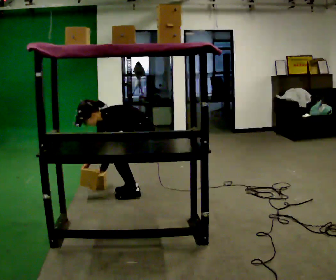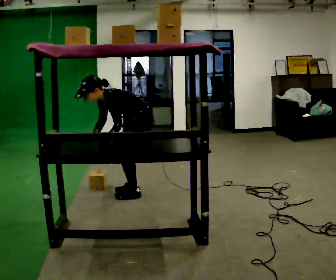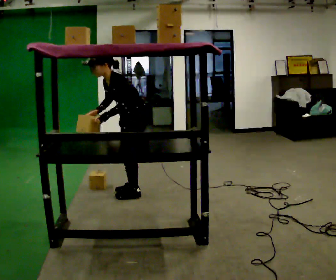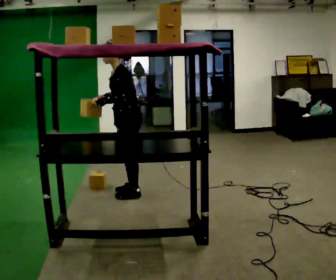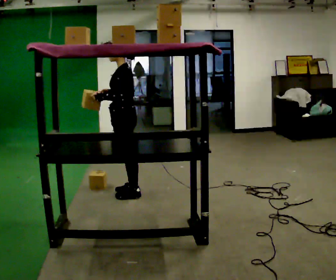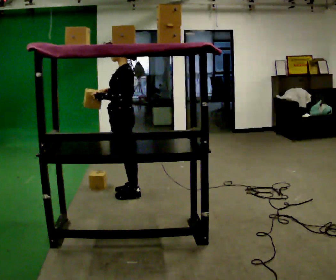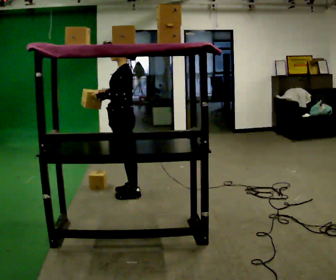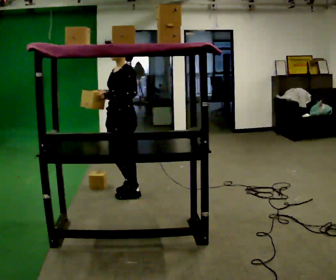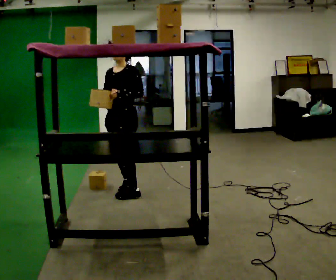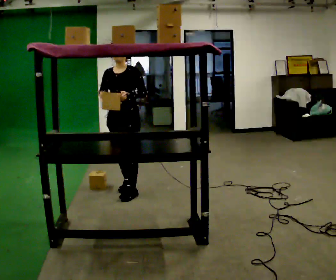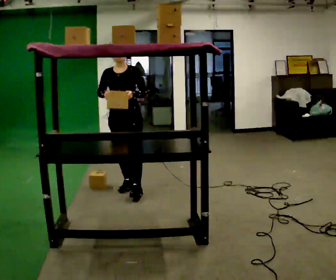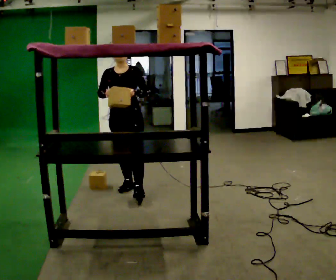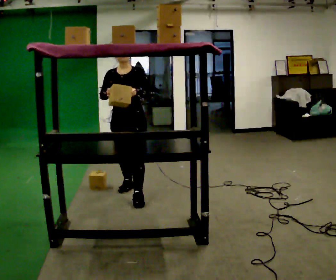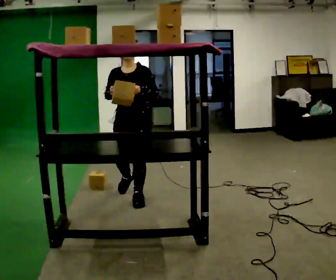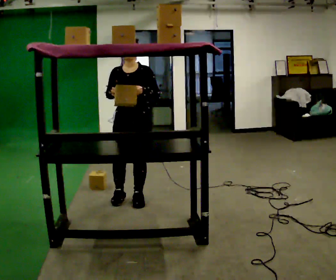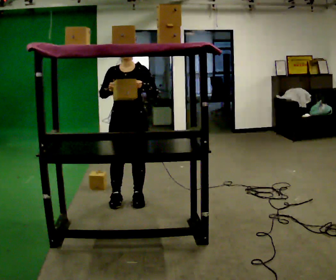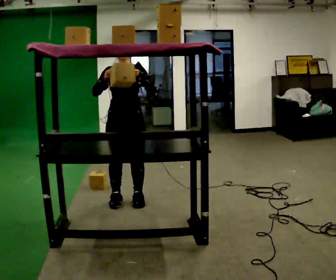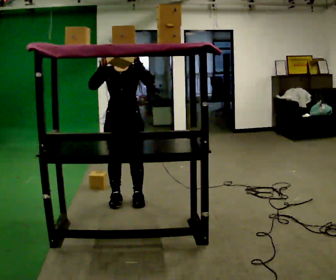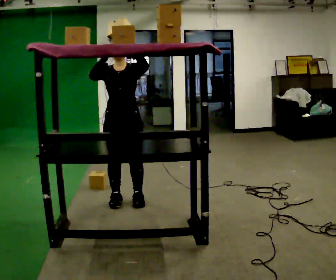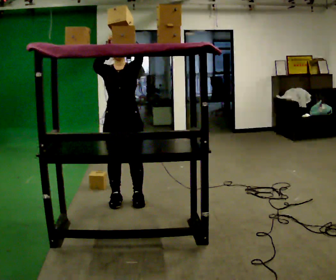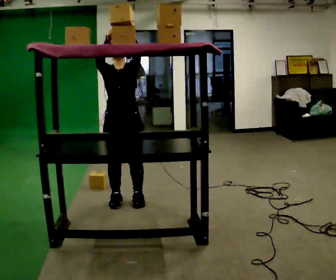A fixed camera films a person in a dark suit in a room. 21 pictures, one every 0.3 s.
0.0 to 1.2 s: In the picture they go to the left, about 0.25 m, which for them is forward. The upper body goes upward. In the picture the upper body tilts clockwise, shoulders to the right, as they lean back or straighten. In the picture their left hand goes upward.
1.2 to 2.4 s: The person turns about 60 degrees to their left, counterclockwise seen from above, so the part of the body nearest the lens slides to the right.
2.4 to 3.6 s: The person moves a little, or ends about where they began.
3.6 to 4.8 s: In the picture they go toward the camera, about 0.25 m in 1 step, which for them is forward.
4.8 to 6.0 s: In the picture their left hand goes upward.
The film runs forward here.
